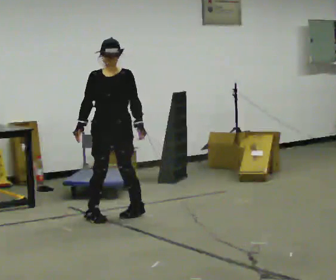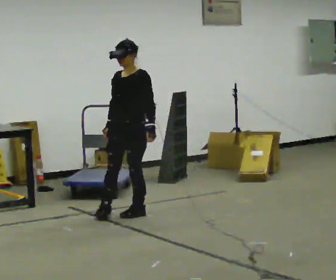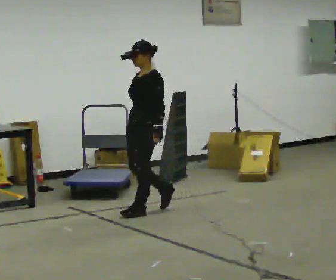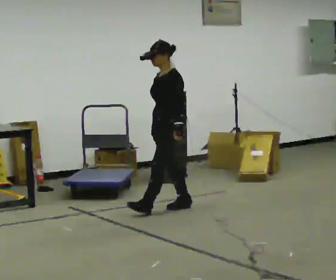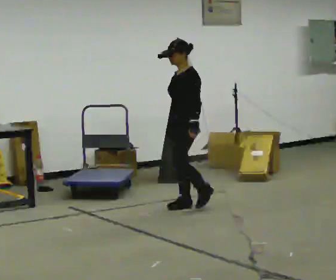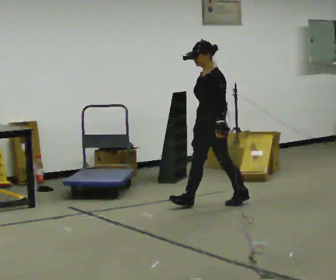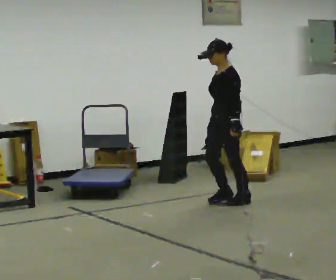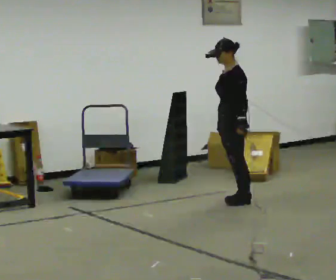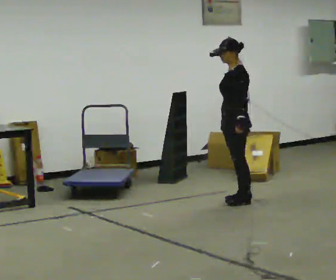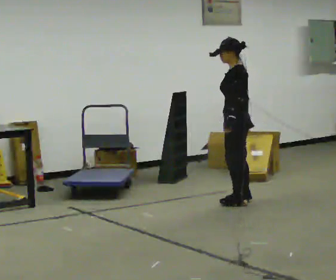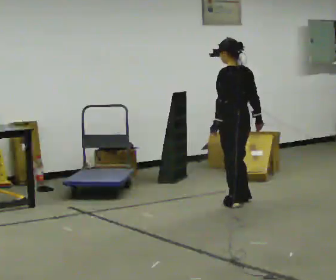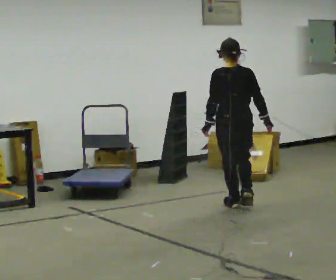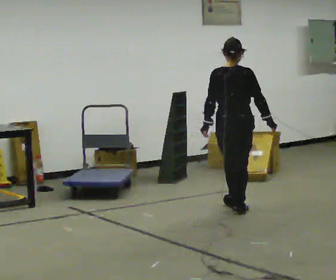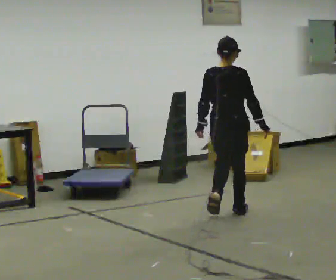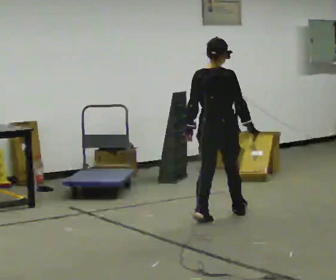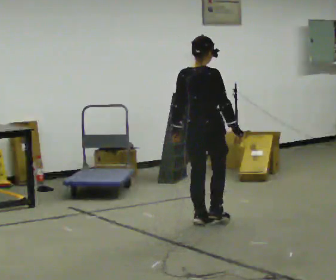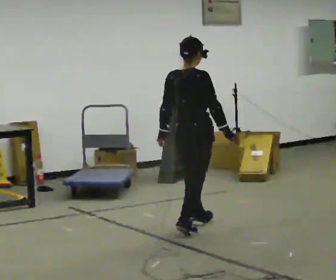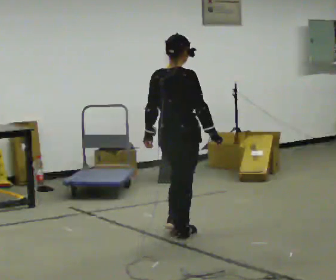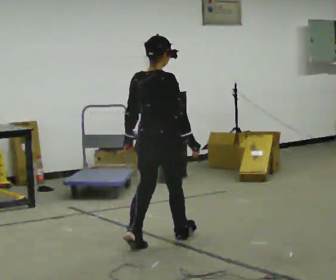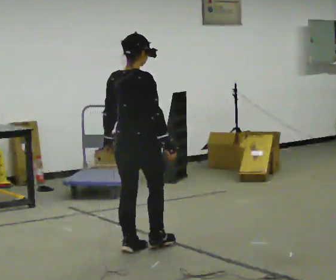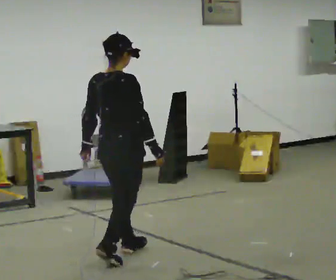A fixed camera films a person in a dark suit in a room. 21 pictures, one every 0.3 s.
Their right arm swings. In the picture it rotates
counterclockwise.
The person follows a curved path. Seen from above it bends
clockwise.
0.0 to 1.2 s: The part of the body nearest the lens slides to the left as the person turns to their right by about 75 degrees. In the picture they go to the right and away from the camera, about 0.5 m in 2 steps.
1.2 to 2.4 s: In the picture they go to the right and away from the camera, about 0.5 m in 1 step, which for them is backward.
2.4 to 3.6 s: The person turns about 120 degrees to their right, clockwise seen from above, so the part of the body nearest the lens slides to the left. In the picture they go toward the camera, about 0.5 m in 2 steps.
3.6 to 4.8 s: In the picture they go toward the camera and to the left, about 0.5 m in 2 steps, which for them is backward.
4.8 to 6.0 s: In the picture they go toward the camera and to the left, about 1 m in 2 steps, which for them is backward.
The film runs backward here.
